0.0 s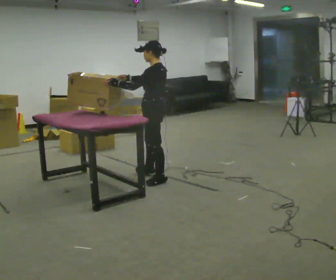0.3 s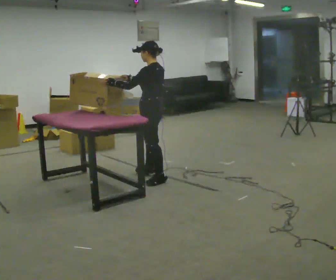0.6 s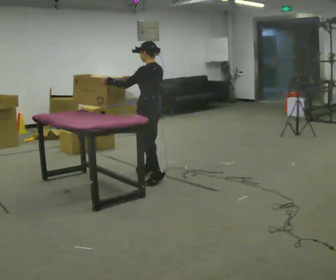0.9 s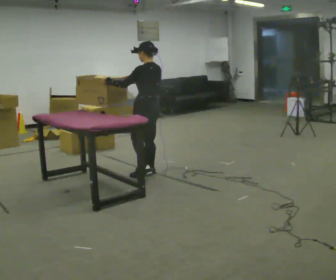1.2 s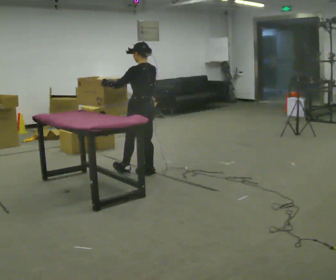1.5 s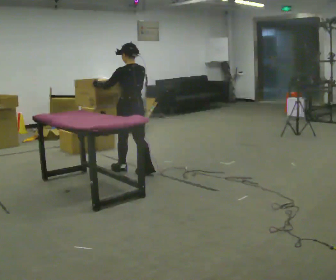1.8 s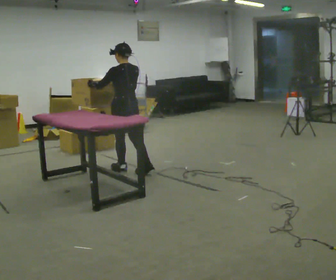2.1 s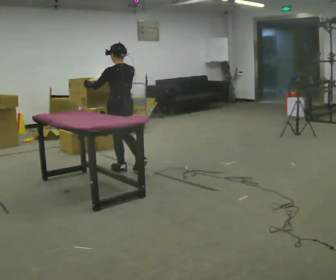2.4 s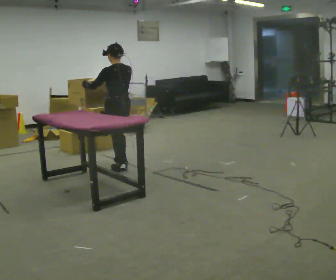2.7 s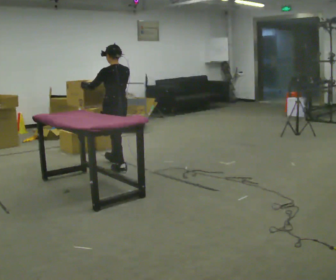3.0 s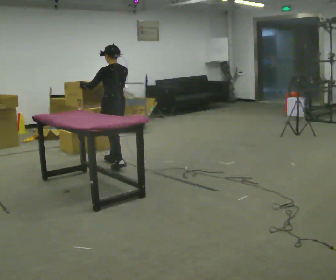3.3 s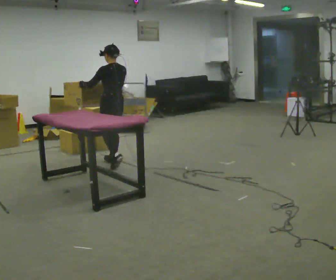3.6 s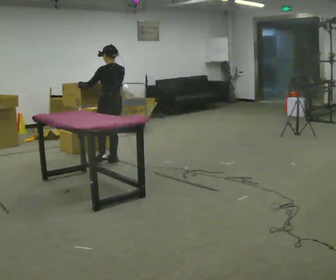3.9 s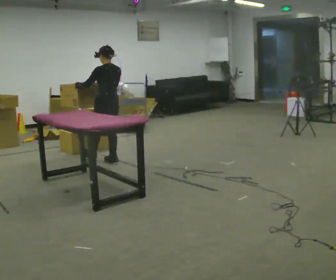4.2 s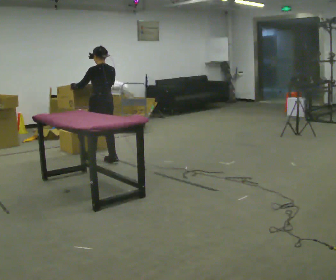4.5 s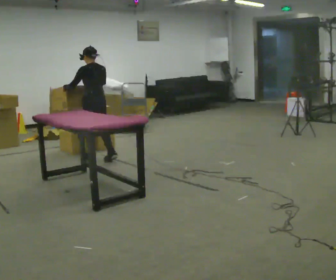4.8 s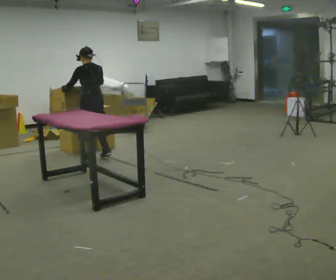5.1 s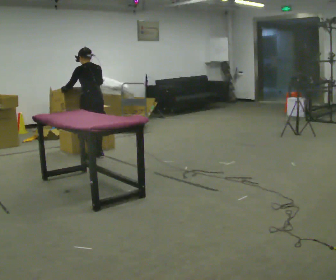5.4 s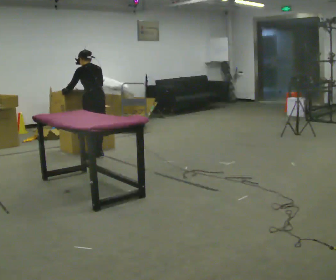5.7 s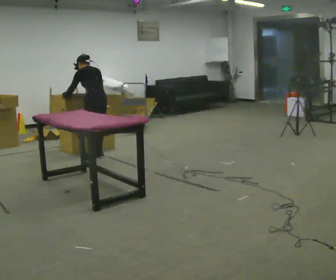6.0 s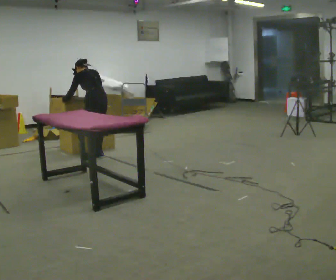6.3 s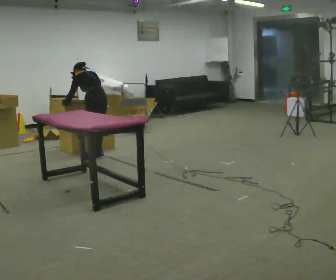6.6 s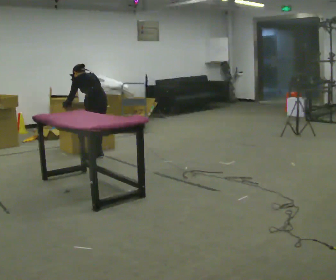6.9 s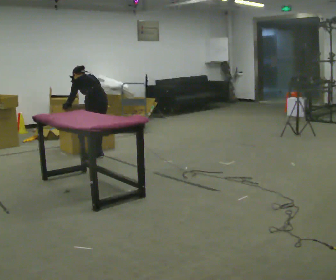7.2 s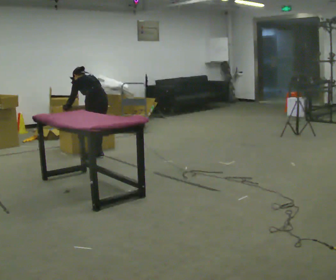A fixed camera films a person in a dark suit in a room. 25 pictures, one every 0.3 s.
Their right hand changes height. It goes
downward.
The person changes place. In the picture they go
away from the camera.
0.0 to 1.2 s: Seen from above the body turns clockwise, about 30 degrees: to their right, with its near side sliding to the left. In the picture they go away from the camera, about 0.25 m, which for them is forward.
1.2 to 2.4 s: In the picture they go to the left and away from the camera, about 0.25 m in 1 step, which for them is forward and to their left.
2.4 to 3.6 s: In the picture they go away from the camera, about 0.25 m in 1 step, which for them is forward and to their right.
3.6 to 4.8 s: In the picture they go to the left and away from the camera, about 0.25 m in 1 step, which for them is forward.
4.8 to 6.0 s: The upper body tips away from the camera, its near side rolling upward, as they bend forward.
6.0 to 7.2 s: The upper body tips away from the camera, its near side rolling upward, as they bend forward.
The film runs forward here.
